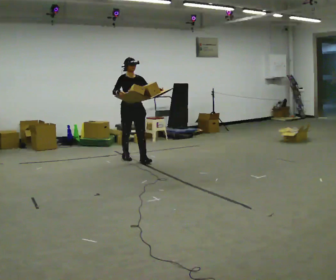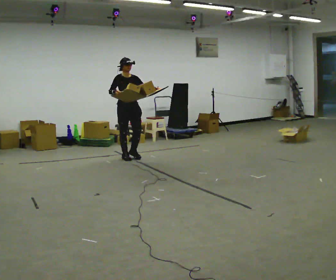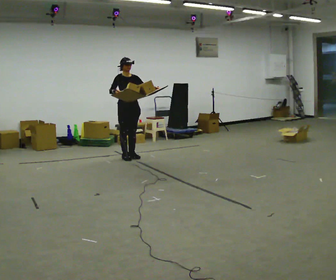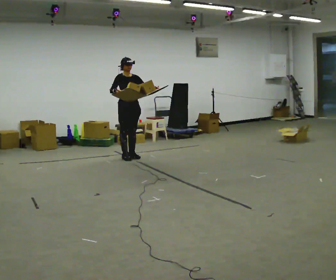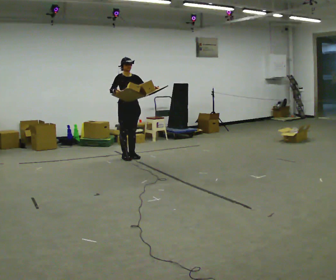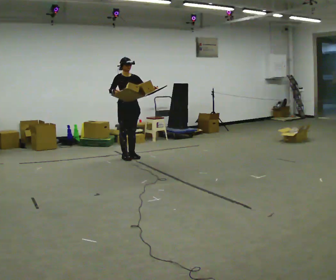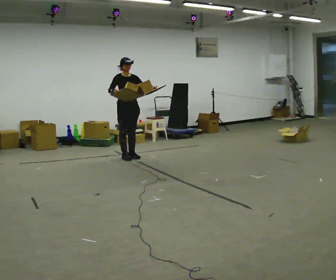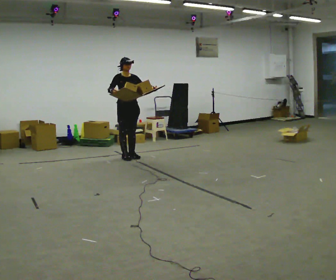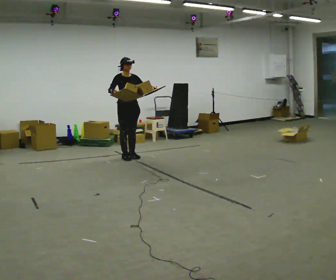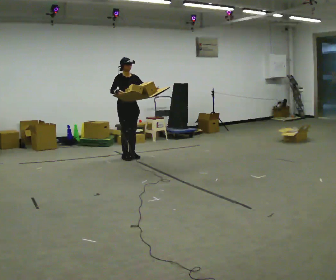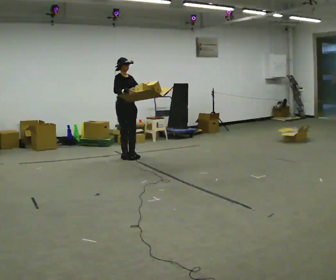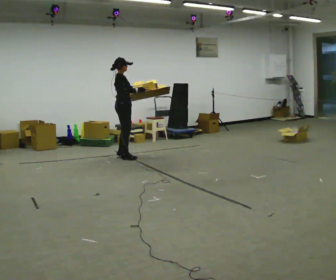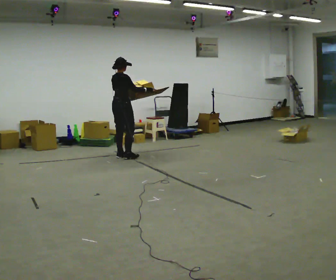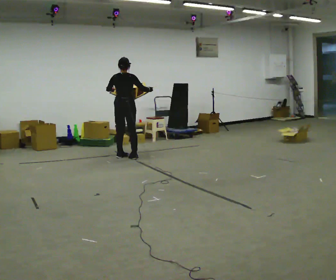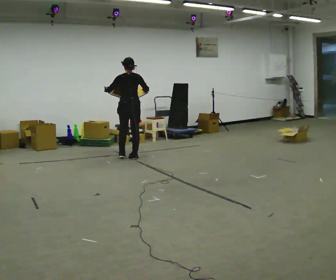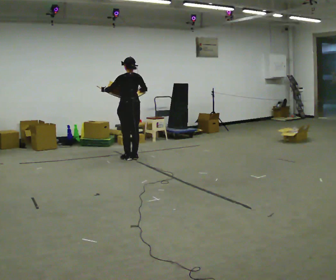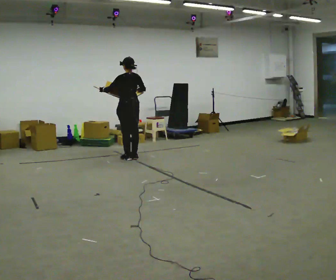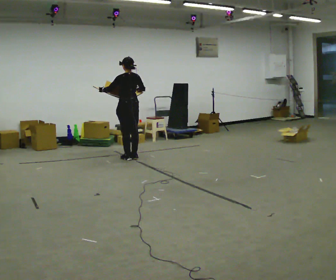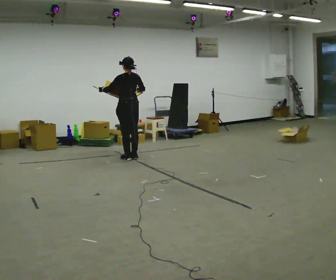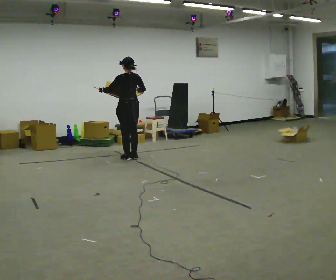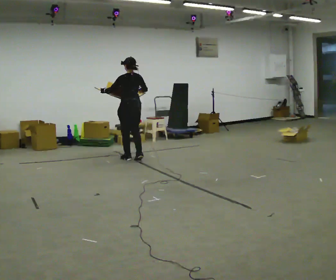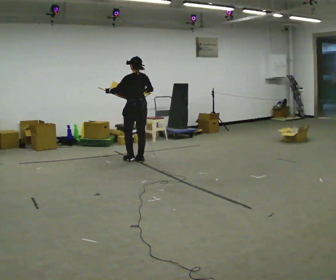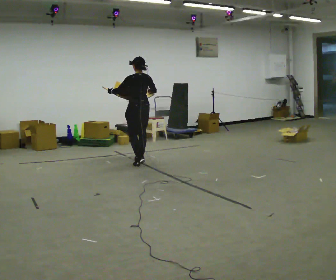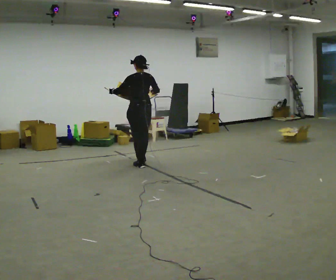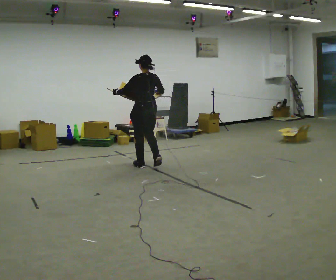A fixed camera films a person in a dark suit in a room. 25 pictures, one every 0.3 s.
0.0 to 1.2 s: In the picture they go away from the camera, about 0.25 m in 1 step, which for them is backward.
1.2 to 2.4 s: The person moves a little, or ends about where they began.
2.4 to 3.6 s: The person turns about 105 degrees to their left, counterclockwise seen from above, so the part of the body nearest the lens slides to the right. In the picture their left hand goes to the left.
3.6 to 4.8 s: Seen from above the body turns counterclockwise, about 90 degrees: to their left, with its near side sliding to the right. In the picture their left hand goes to the left.
4.8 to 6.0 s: The person moves a little, or ends about where they began.
6.0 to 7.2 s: In the picture they go toward the camera, about 0.5 m in 2 steps, which for them is backward.
The film runs backward here.
